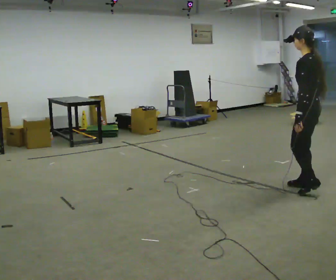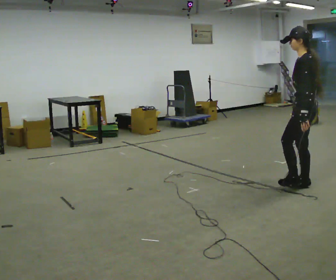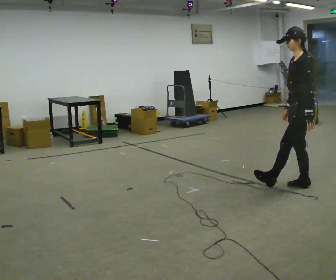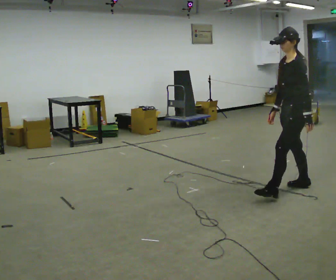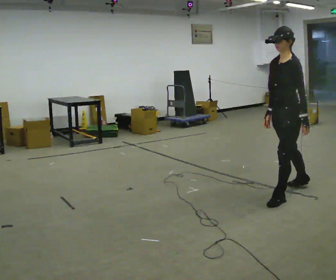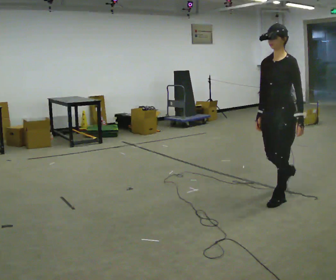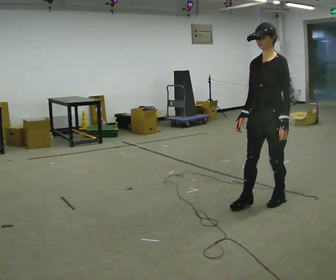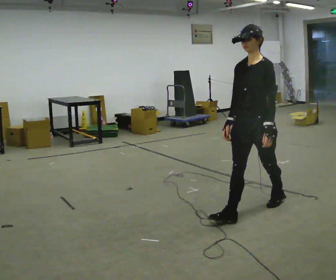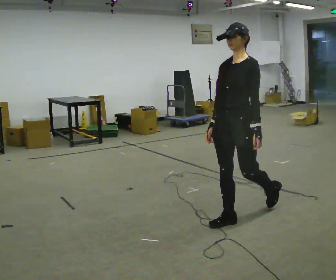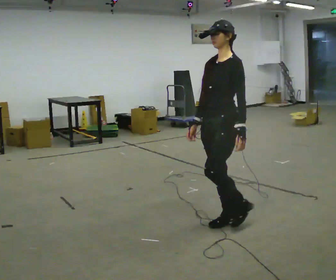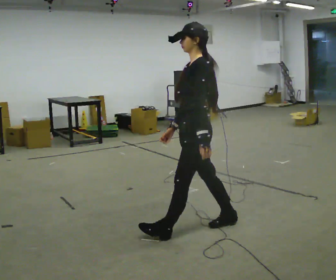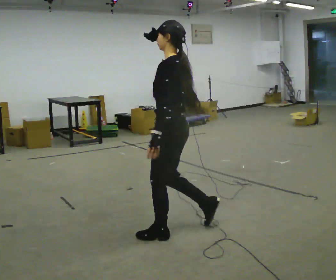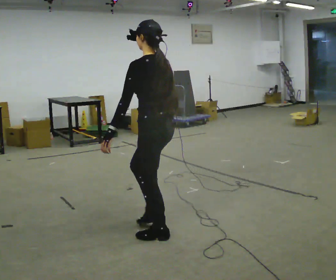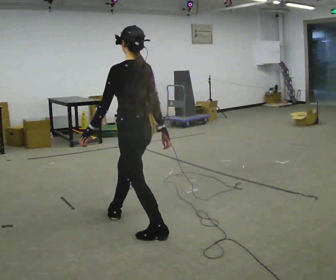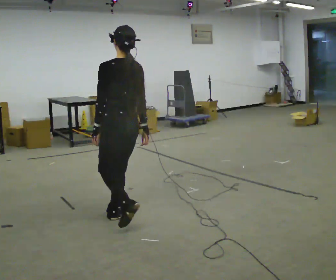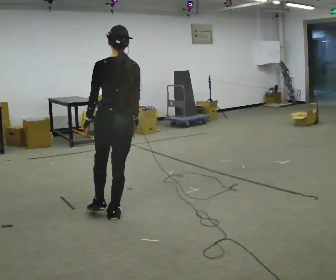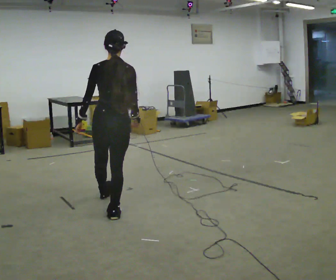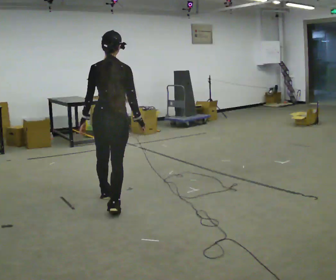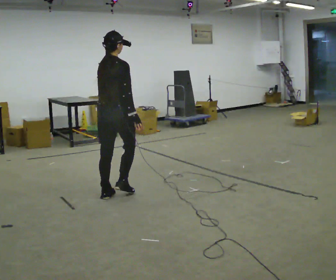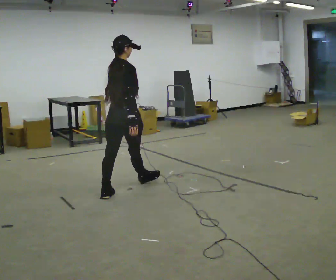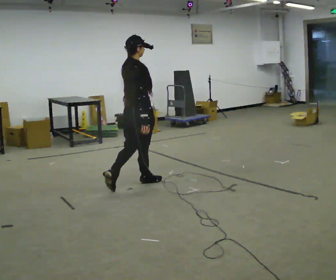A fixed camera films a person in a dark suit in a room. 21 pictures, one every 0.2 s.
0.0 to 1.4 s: The part of the body nearest the lens slides to the right as the person turns to their left by about 75 degrees. In the picture they go to the left and toward the camera, about 1 m in 2 steps.
1.4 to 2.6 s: The part of the body nearest the lens slides to the left as the person turns to their right by about 75 degrees. In the picture they go to the left, about 1 m in 2 steps.
2.6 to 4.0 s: The person turns about 90 degrees to their right, clockwise seen from above, so the part of the body nearest the lens slides to the left. In the picture they go away from the camera, about 1 m in 2 steps.
The film runs forward here.
